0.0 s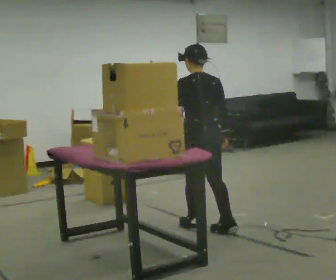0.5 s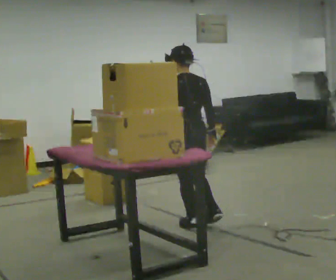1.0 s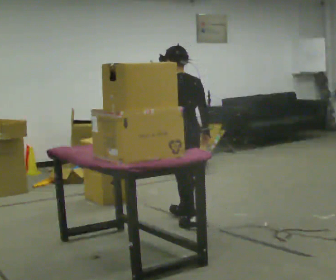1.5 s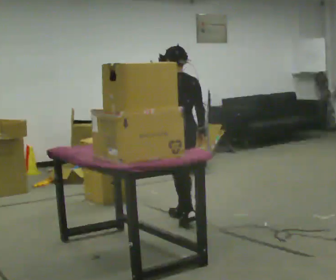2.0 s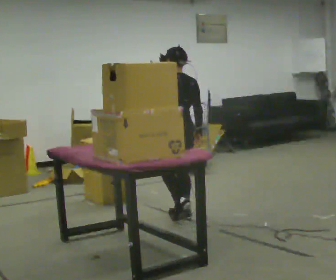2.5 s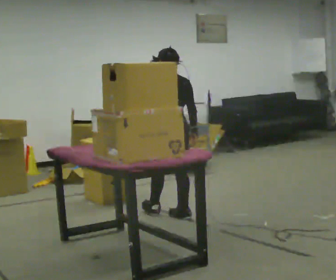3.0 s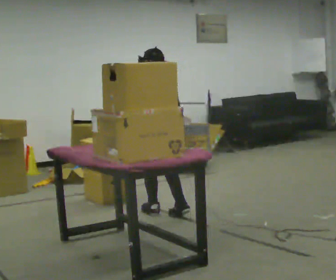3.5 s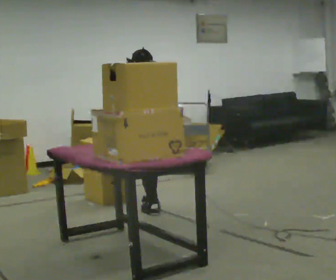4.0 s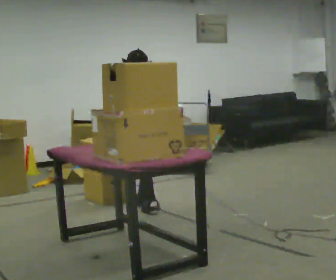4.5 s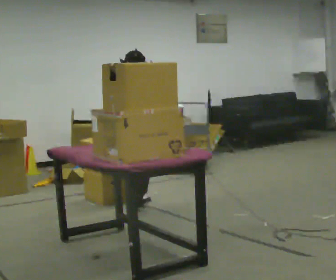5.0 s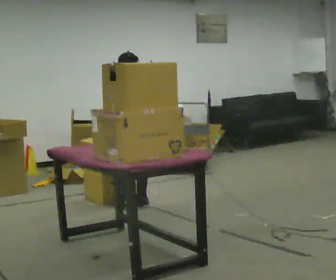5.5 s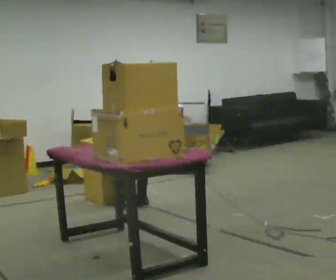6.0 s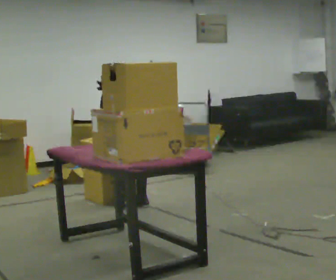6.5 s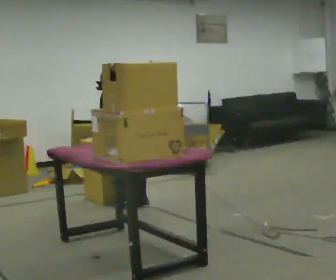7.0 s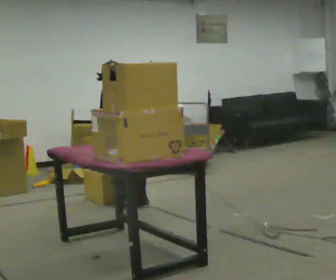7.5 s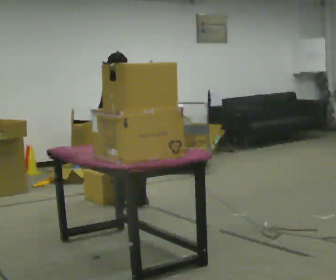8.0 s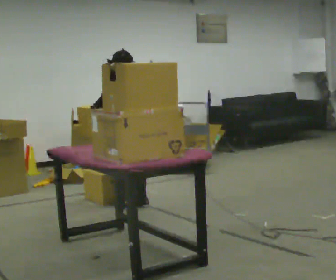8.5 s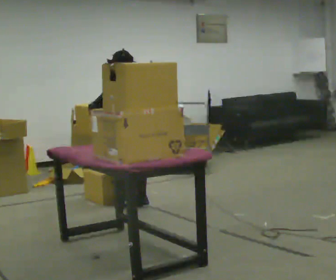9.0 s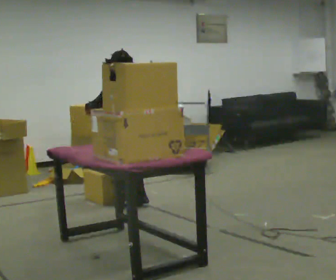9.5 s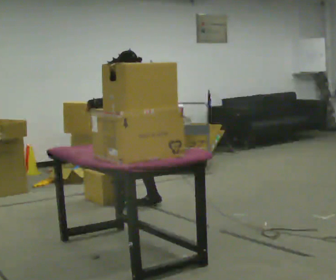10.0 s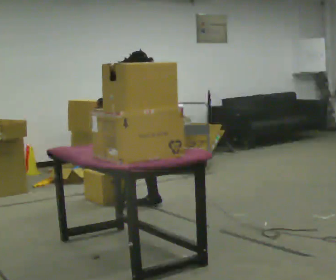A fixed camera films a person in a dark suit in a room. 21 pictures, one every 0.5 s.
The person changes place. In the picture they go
away from the camera.
0.0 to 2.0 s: In the picture they go away from the camera, about 0.5 m in 1 step, which for them is forward.
2.0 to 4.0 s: In the picture they go away from the camera and to the left, about 0.5 m in 2 steps, which for them is forward.
4.0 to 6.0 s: The upper body tips away from the camera, its near side rolling upward, as they bend forward. In the picture their right hand goes to the left.
6.0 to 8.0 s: The upper body tips toward the camera, its near side rolling downward, as they lean back or straighten. In the picture their right hand goes upward.
8.0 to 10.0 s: The part of the body nearest the lens slides to the right as the person turns to their left by about 30 degrees. In the picture they go to the right, about 0.25 m, which for them is to their right.
The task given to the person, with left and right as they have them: Take boxes off the top of the stack one at a time and carry them away, walking back for each one. Keep going until the operator says stop; one object at a time, and do not rush between trips.
The film runs forward here.
